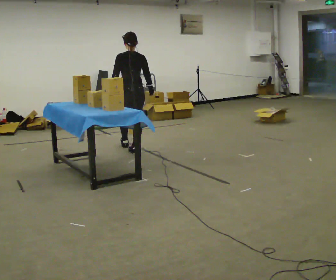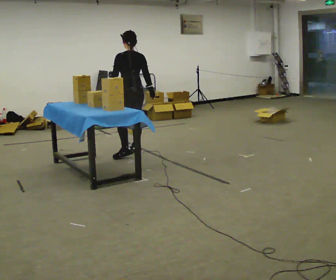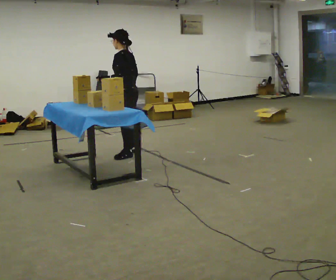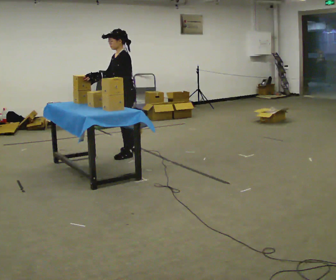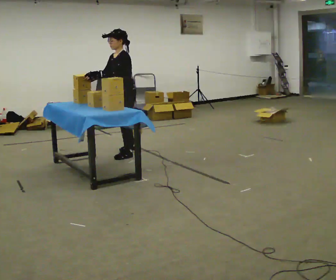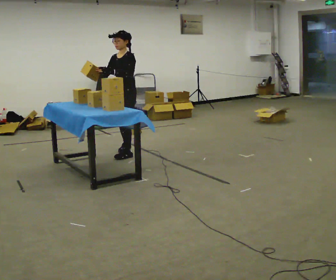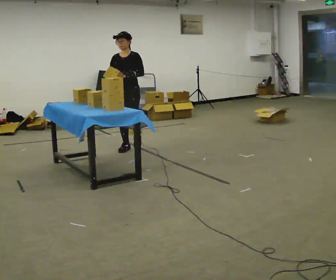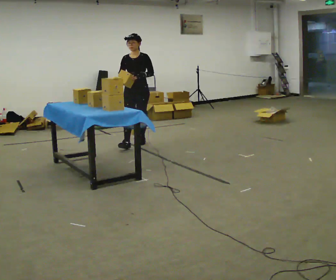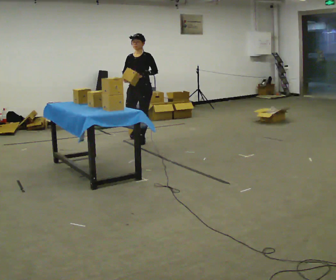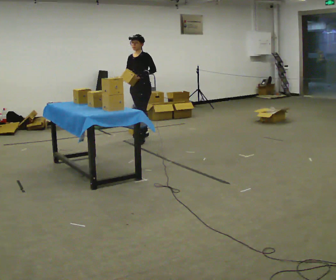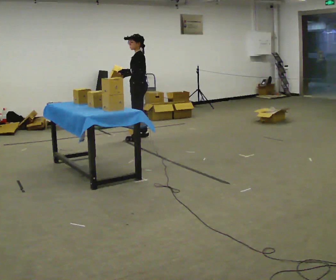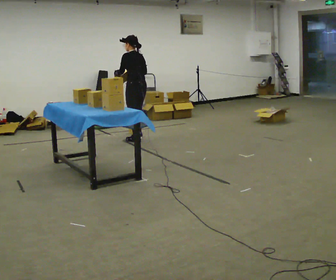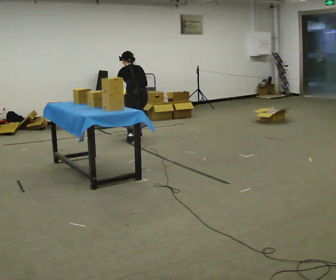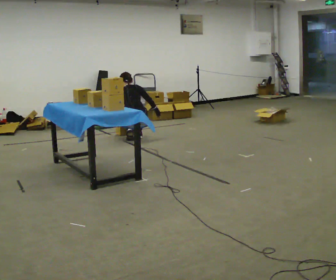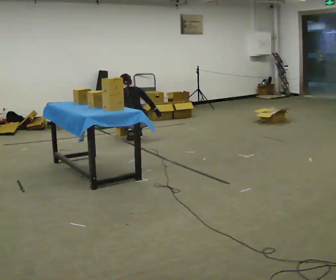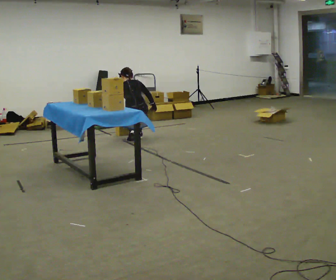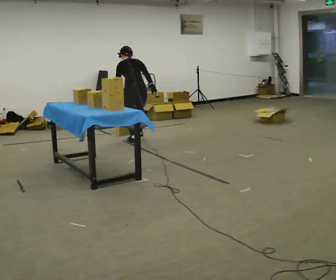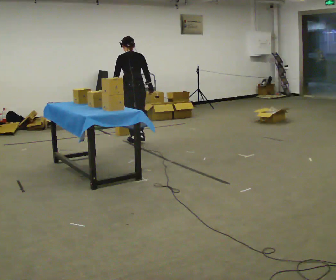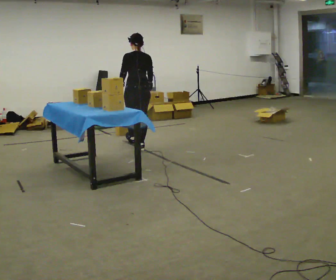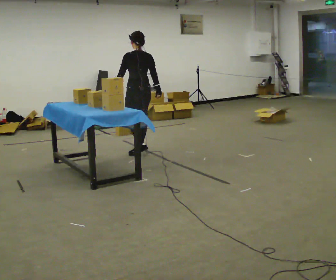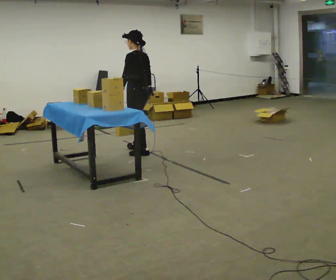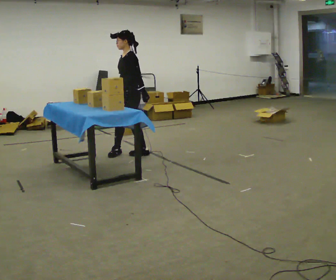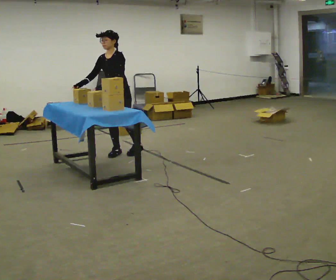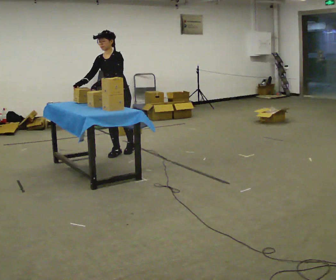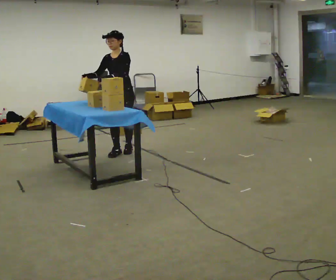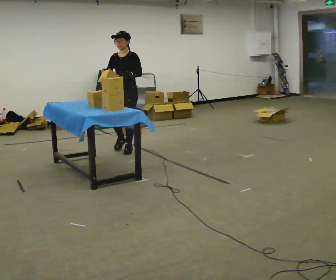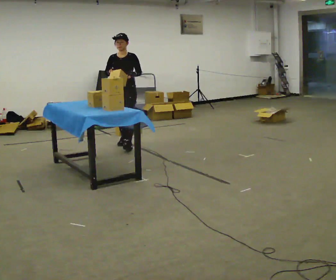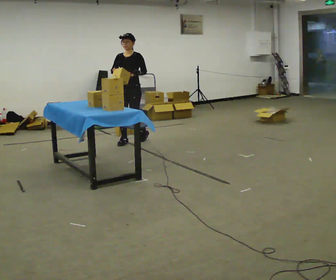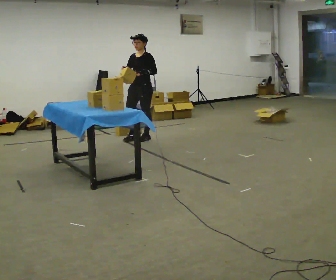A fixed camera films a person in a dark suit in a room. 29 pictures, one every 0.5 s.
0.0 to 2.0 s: Seen from above the body turns counterclockwise, about 105 degrees: to their left, with its near side sliding to the right. In the picture they go toward the camera, about 0.25 m.
2.0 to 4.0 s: The person turns about 45 degrees to their left, counterclockwise seen from above, so the part of the body nearest the lens slides to the right. In the picture they go away from the camera, about 1 m in 3 steps, which for them is backward.
4.0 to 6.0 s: The part of the body nearest the lens slides to the left as the person turns to their right by about 135 degrees. The upper body goes downward. The upper body tips away from the camera, its near side rolling upward, as they bend forward. In the picture their left hand goes to the left and downward.
6.0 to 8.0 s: The person moves a little, or ends about where they began.
8.0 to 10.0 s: Seen from above the body turns counterclockwise, about 45 degrees: to their left, with its near side sliding to the right. In the picture they go toward the camera, about 0.5 m in 3 steps, which for them is backward. The upper body tips toward the camera, its near side rolling downward, as they lean back or straighten.
10.0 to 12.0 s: The part of the body nearest the lens slides to the right as the person turns to their left by about 105 degrees. In the picture they go to the left, about 0.25 m in 1 step. In the picture their right hand goes to the left, the arm swinging clockwise.
12.0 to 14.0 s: In the picture they go away from the camera, about 1 m in 3 steps, which for them is backward.
The film runs backward here.
